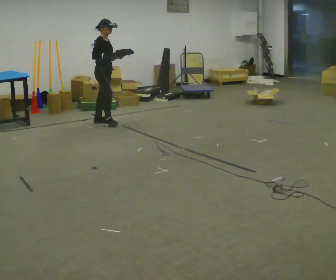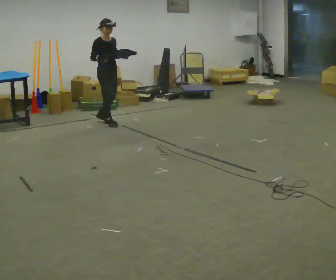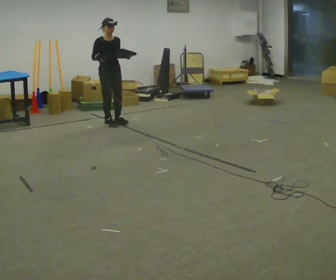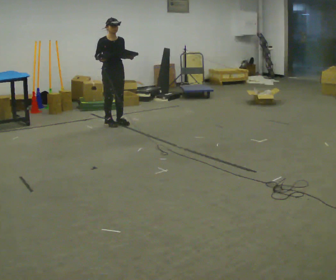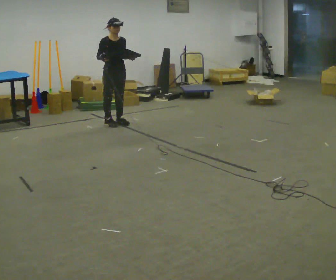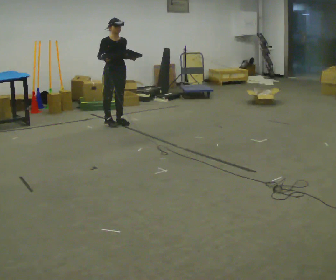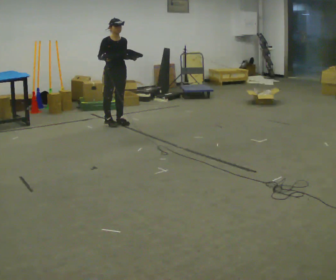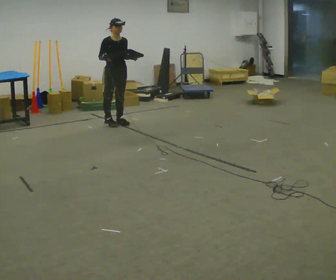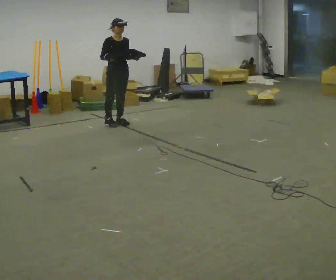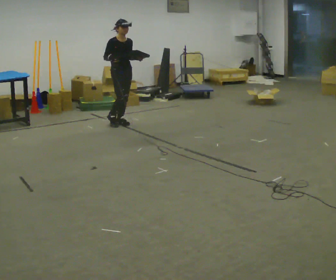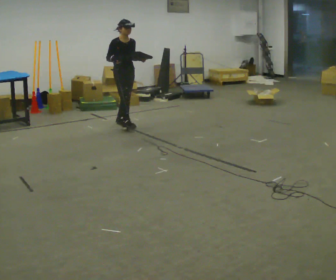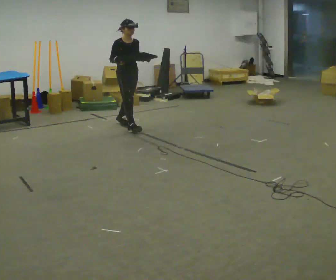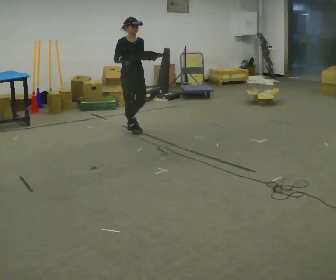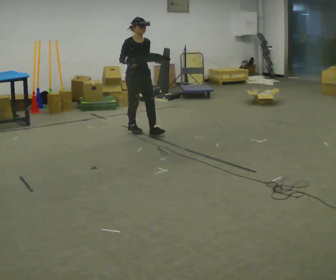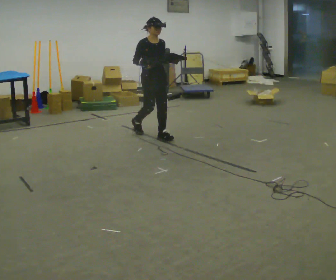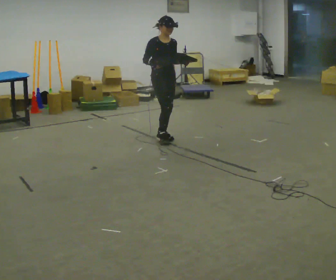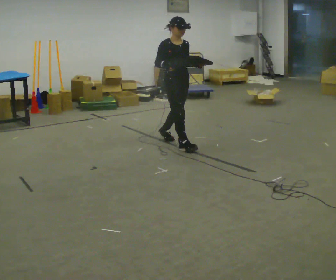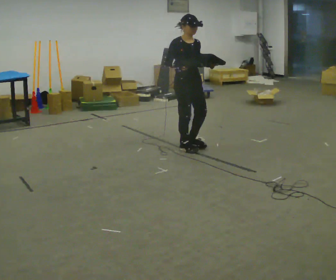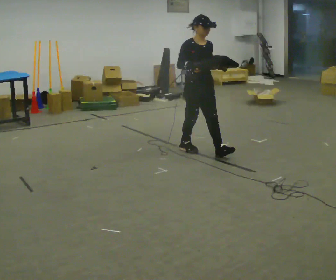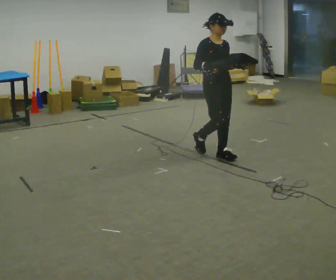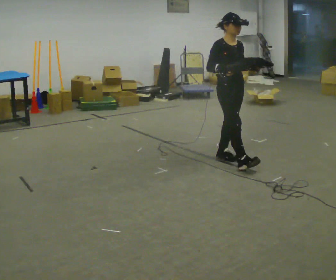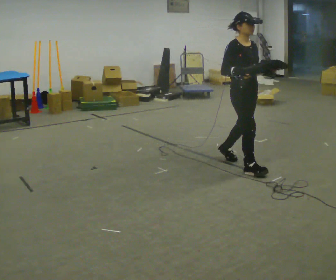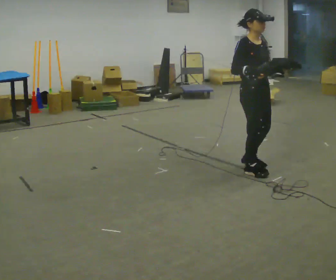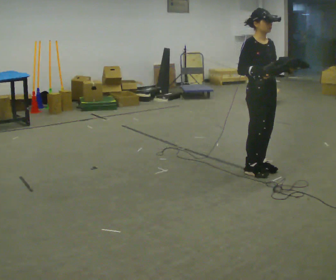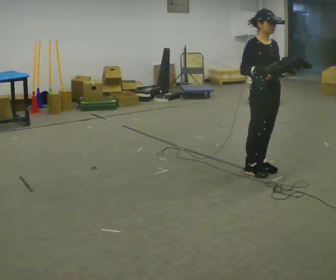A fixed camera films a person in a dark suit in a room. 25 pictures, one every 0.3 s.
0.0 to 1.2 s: Seen from above the body turns clockwise, about 45 degrees: to their right, with its near side sliding to the left. In the picture they go to the right, about 0.25 m in 1 step, which for them is forward and to their left.
1.2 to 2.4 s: The person moves a little, or ends about where they began.
2.4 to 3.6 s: In the picture they go toward the camera and to the right, about 0.5 m in 1 step, which for them is forward.
3.6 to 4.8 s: In the picture they go toward the camera and to the right, about 1 m in 2 steps, which for them is forward.
4.8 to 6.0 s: In the picture they go toward the camera and to the right, about 1 m in 1 step, which for them is forward.
6.0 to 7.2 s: In the picture they go toward the camera and to the right, about 0.5 m in 2 steps, which for them is forward.
The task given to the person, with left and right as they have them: Carry the box with its lid hanging open across the room, back and forth.
The film runs forward here.
